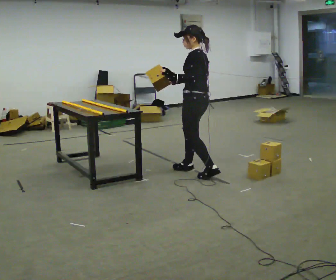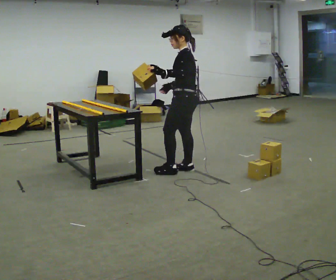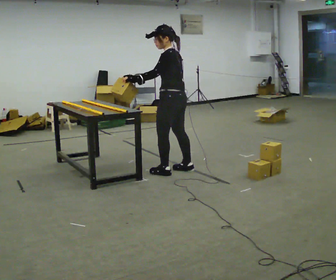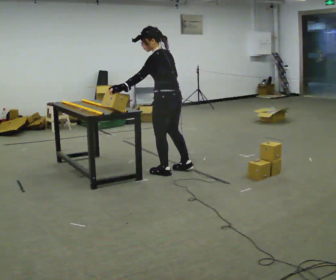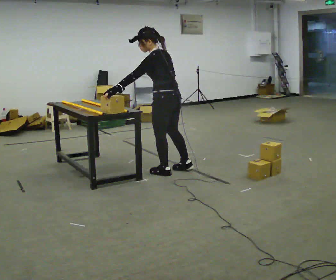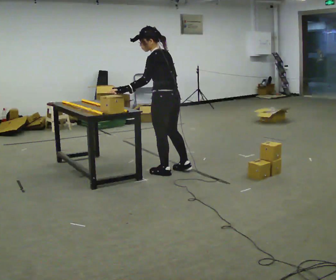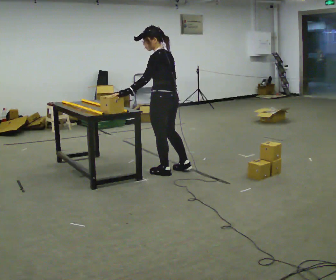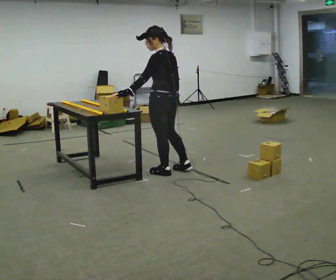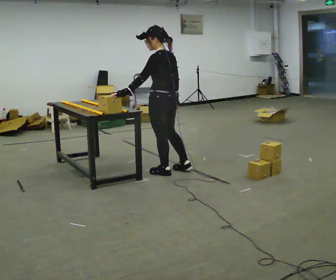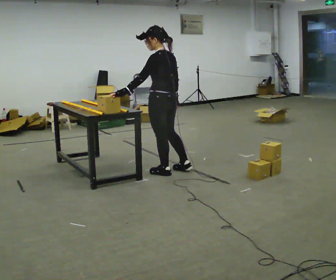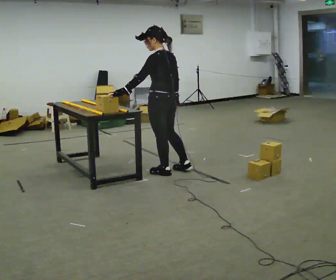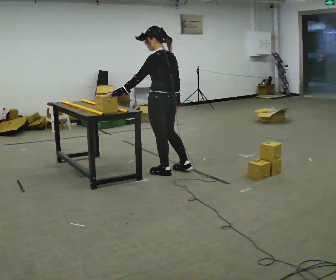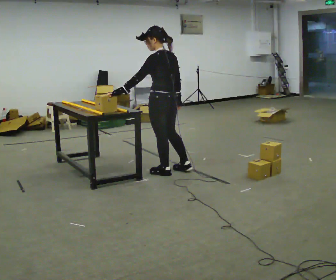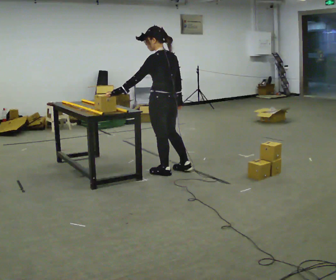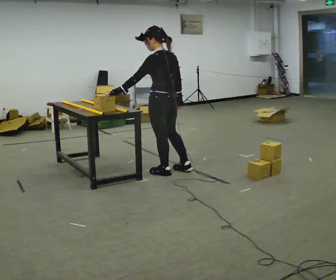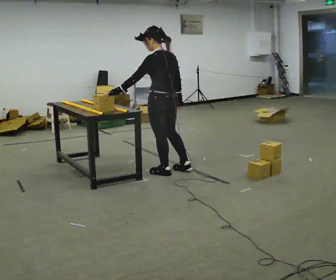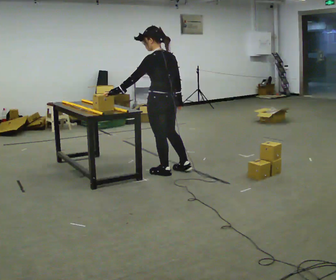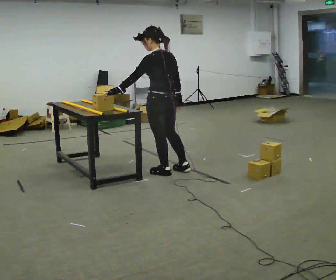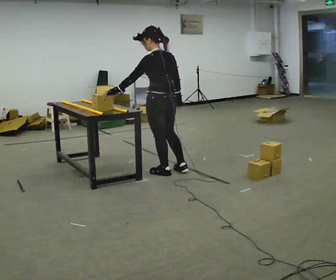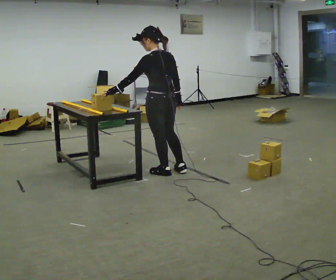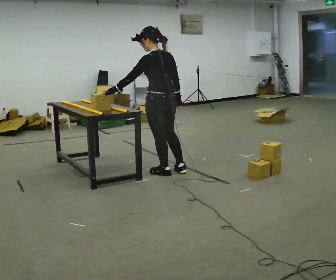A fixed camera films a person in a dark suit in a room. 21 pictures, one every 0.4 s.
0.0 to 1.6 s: In the picture they go to the left, about 0.25 m in 1 step, which for them is forward and to their left. In the picture the upper body tilts counterclockwise, shoulders to the left.
1.6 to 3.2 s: In the picture the upper body tilts clockwise, shoulders to the right.
3.2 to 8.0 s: The person moves a little, or ends about where they began.
The film runs forward here.
